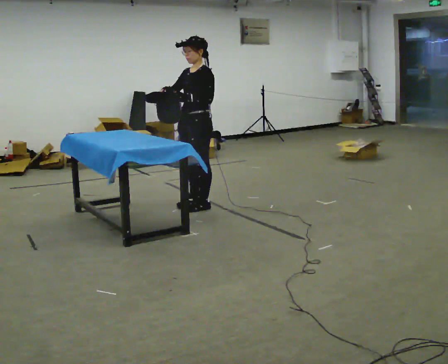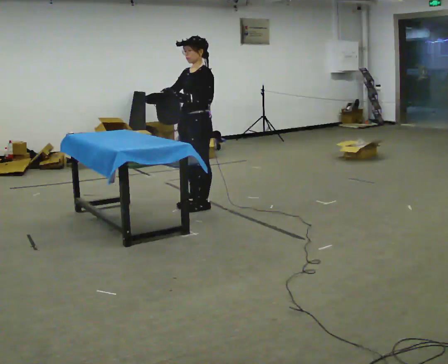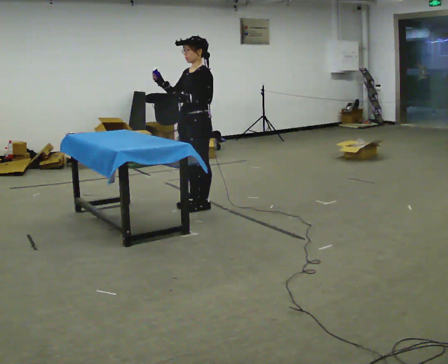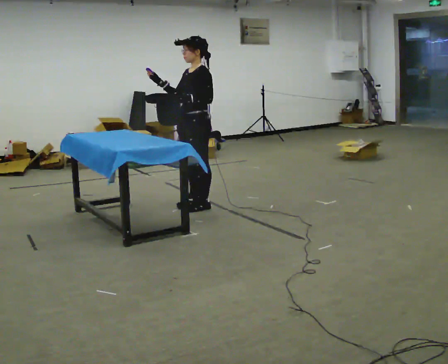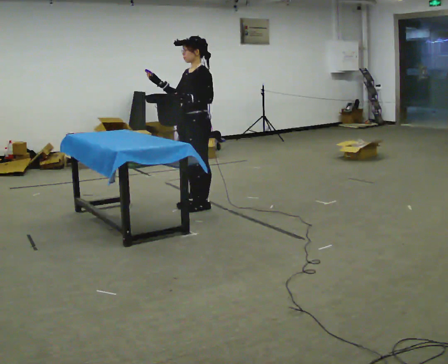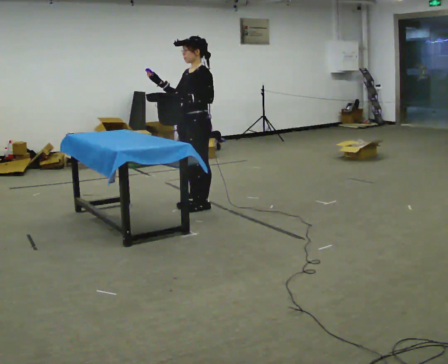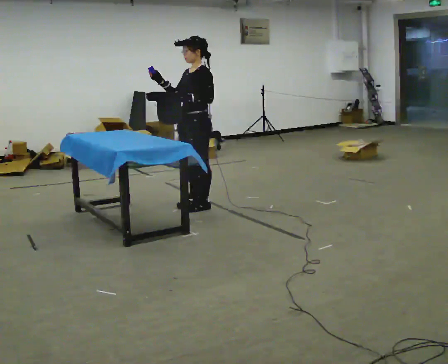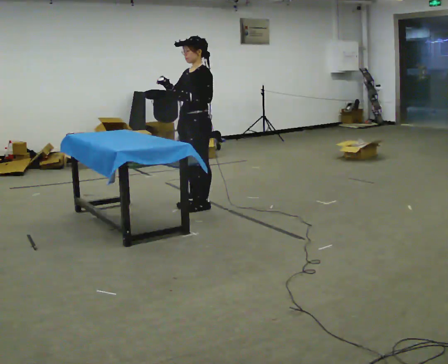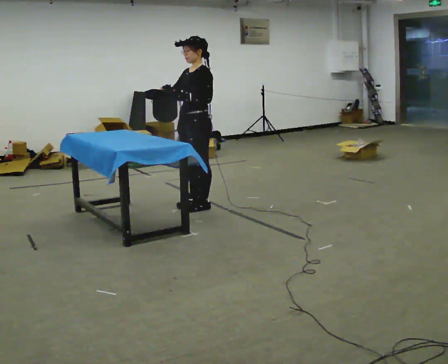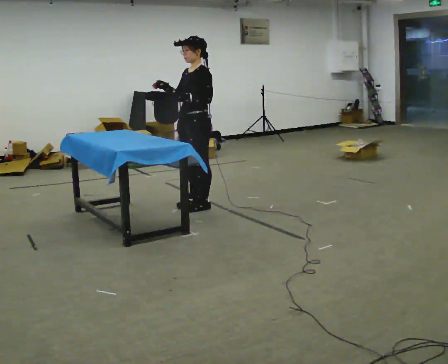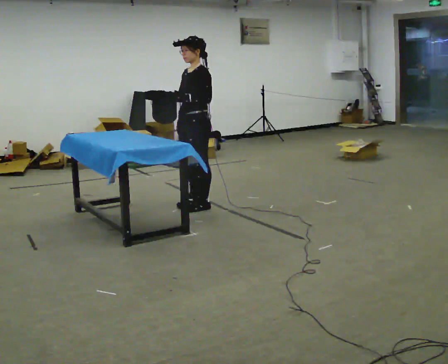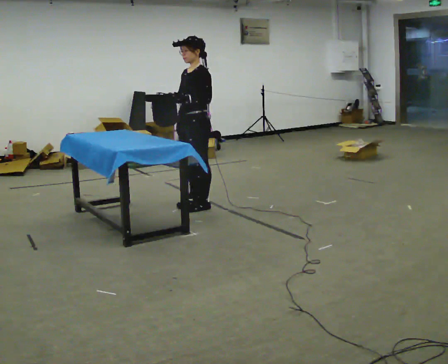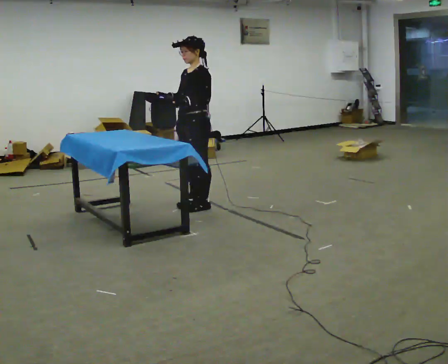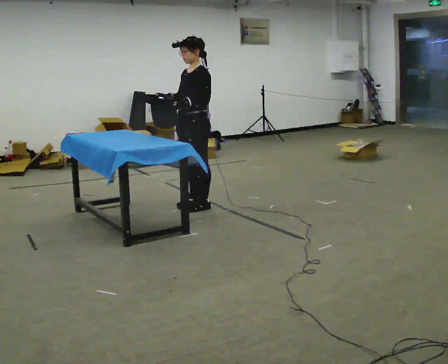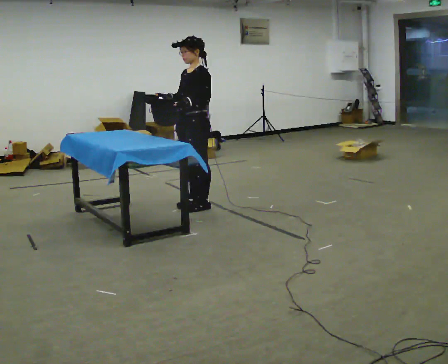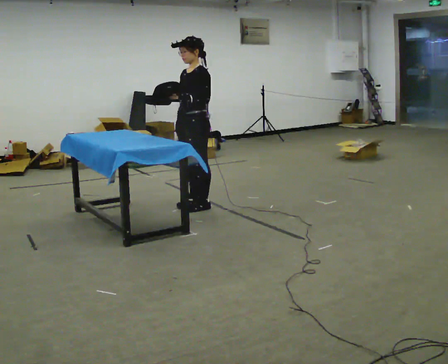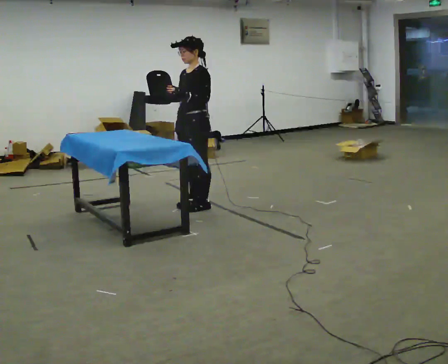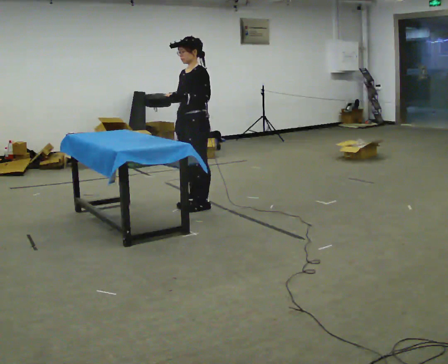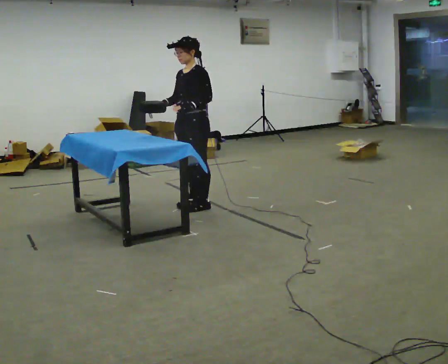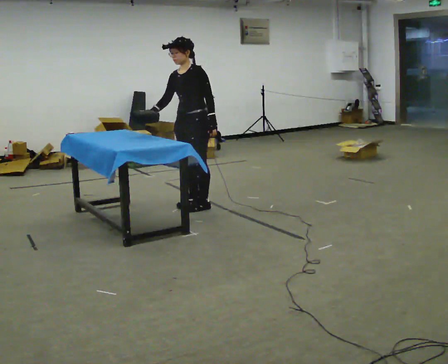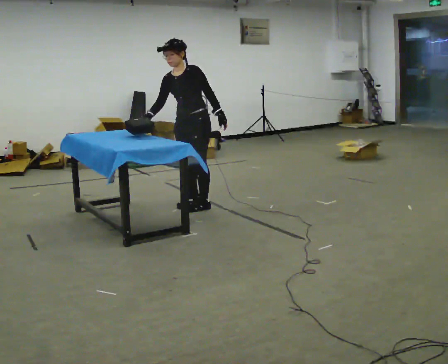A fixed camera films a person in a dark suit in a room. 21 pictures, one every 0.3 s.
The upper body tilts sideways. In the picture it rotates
counterclockwise.
0.0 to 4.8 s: The person moves a little, or ends about where they began.
4.8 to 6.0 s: In the picture the upper body tilts counterclockwise, shoulders to the left, as they bend forward. In the picture their left hand goes to the right.
The film runs forward here.
